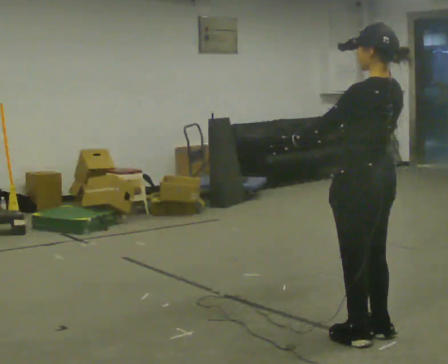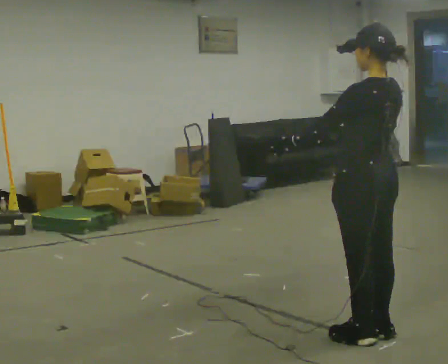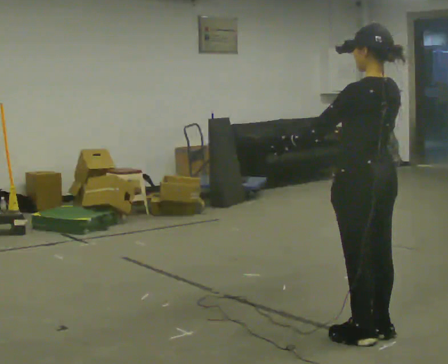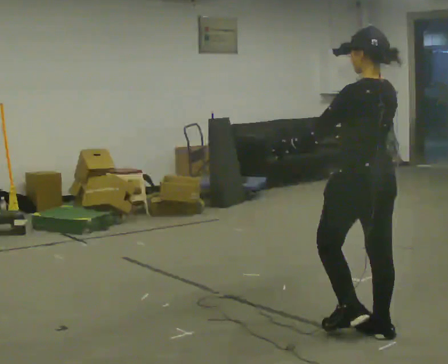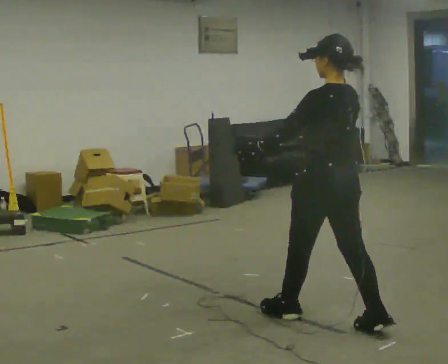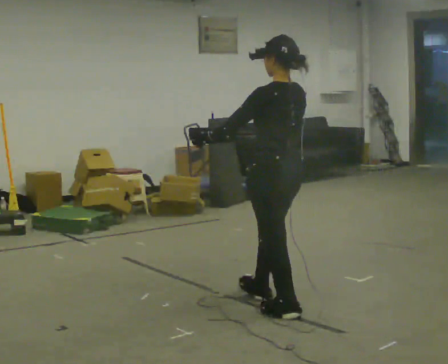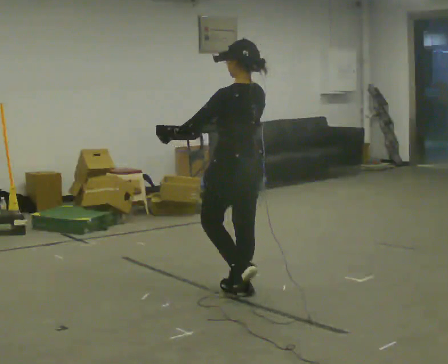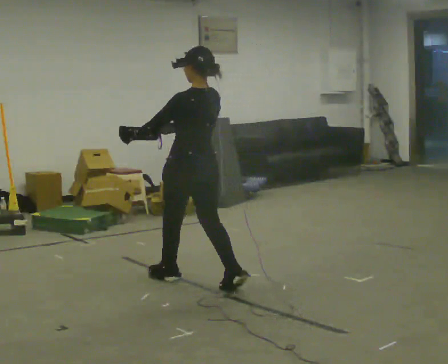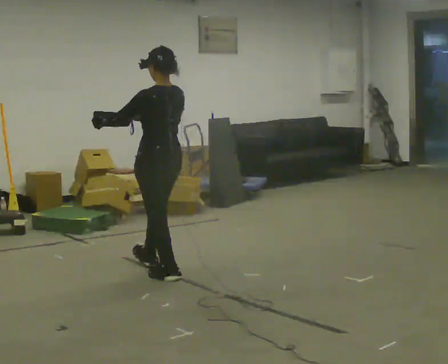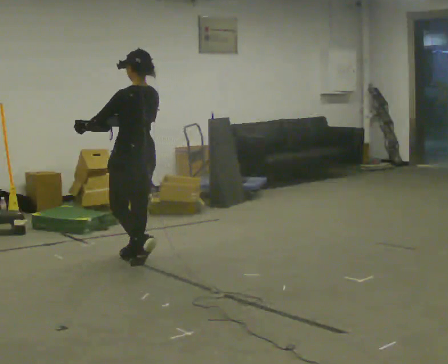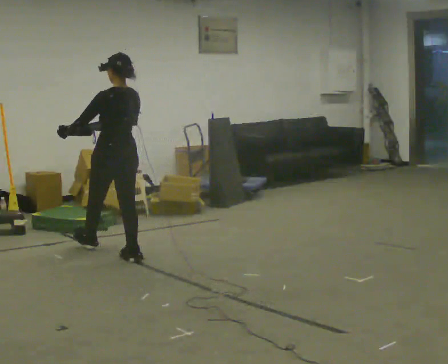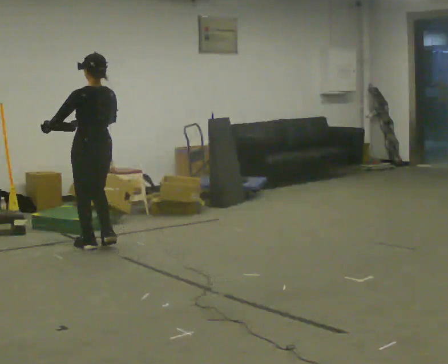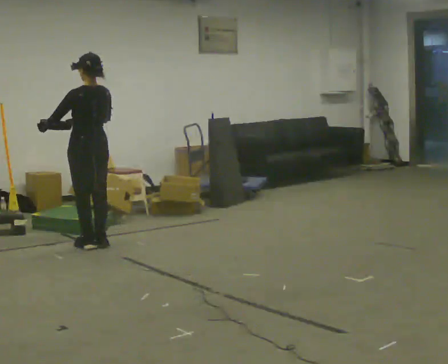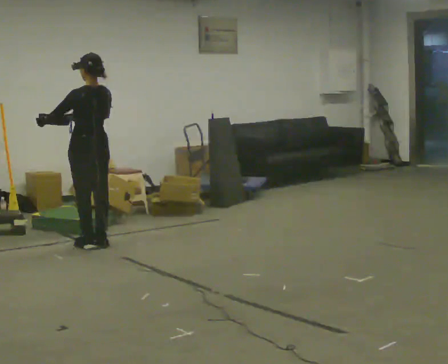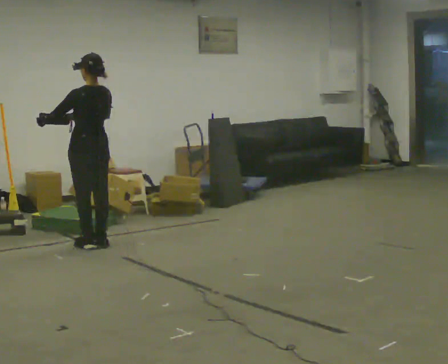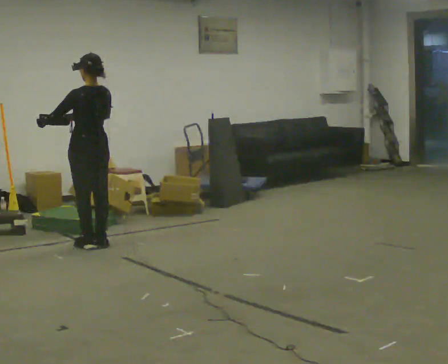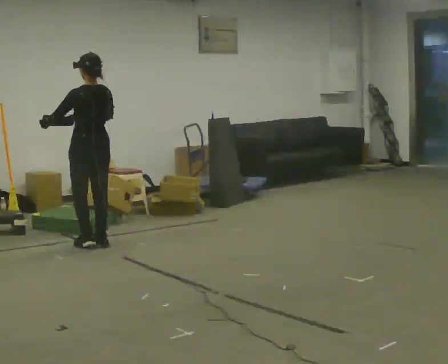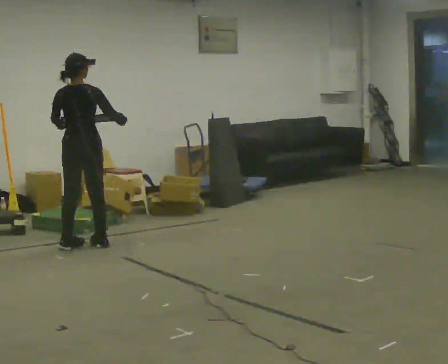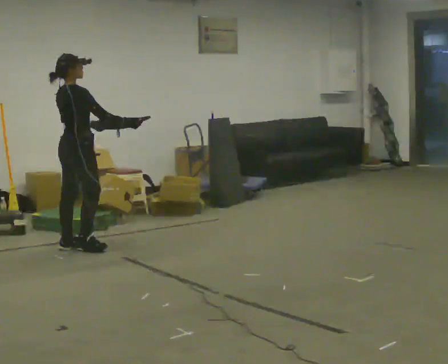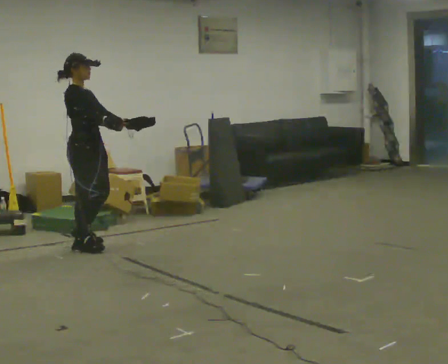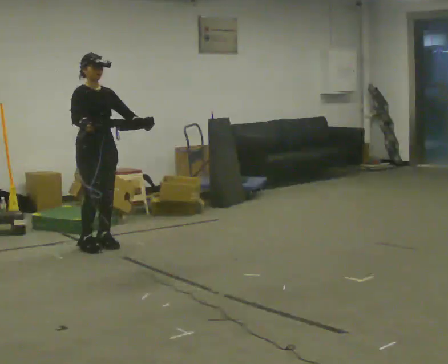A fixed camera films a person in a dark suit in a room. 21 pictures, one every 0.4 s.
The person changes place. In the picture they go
away from the camera.
The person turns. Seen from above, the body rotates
clockwise.
0.0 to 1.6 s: In the picture they go away from the camera, about 0.25 m in 1 step, which for them is forward.
1.6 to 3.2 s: In the picture they go away from the camera and to the left, about 1.5 m in 2 steps, which for them is forward.
3.2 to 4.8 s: In the picture they go away from the camera and to the left, about 1 m in 3 steps, which for them is forward.
4.8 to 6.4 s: The person moves a little, or ends about where they began.
6.4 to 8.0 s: The person turns about 165 degrees to their right, clockwise seen from above, so the part of the body nearest the lens slides to the left.
The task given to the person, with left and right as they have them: Carry the box with its lid hanging open across the room, back and forth.
The film runs forward here.
